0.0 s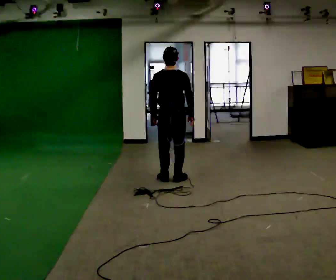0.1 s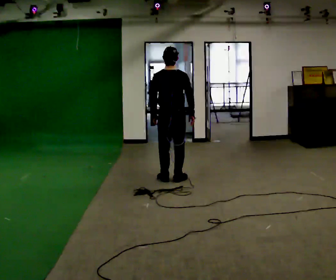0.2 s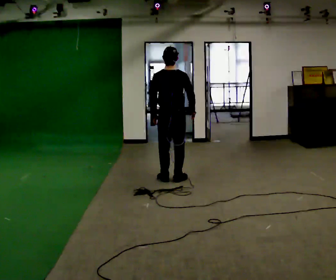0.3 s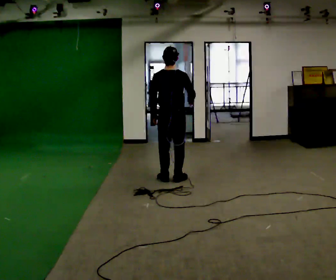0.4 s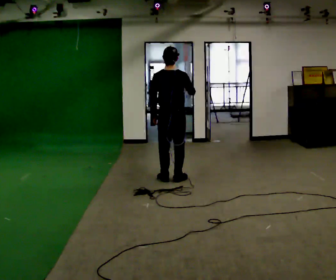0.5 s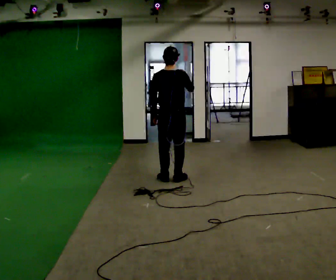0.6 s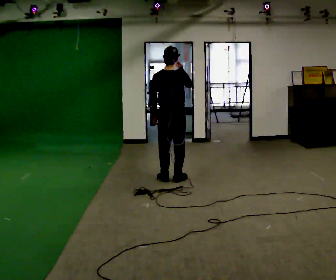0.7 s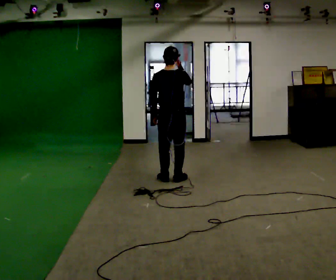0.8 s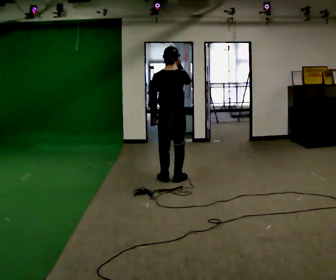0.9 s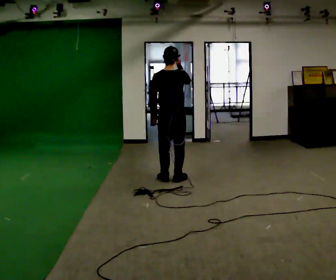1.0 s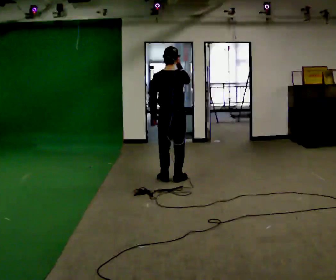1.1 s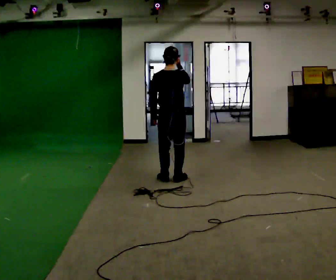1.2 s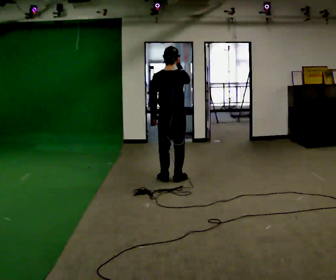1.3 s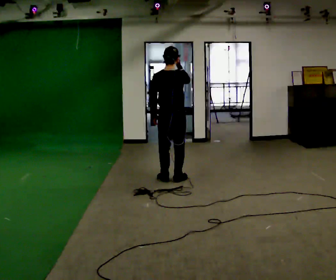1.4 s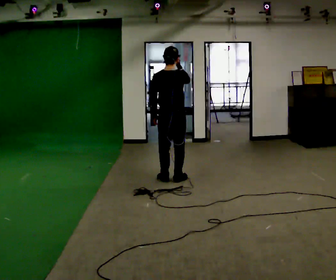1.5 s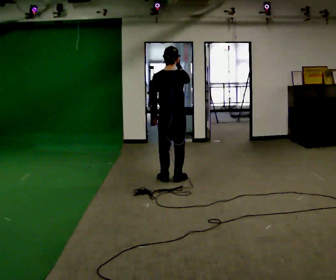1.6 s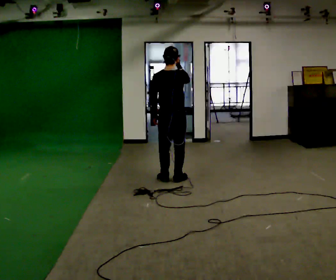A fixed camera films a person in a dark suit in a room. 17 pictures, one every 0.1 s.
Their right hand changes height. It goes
upward.
0.0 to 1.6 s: In the picture their right hand goes upward.
The film runs forward here.
